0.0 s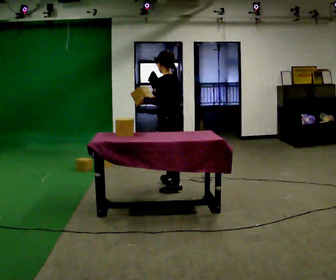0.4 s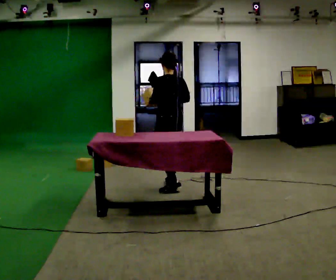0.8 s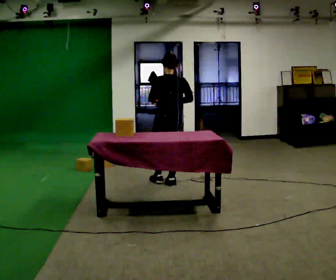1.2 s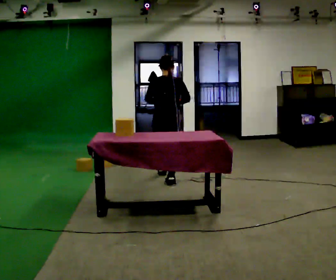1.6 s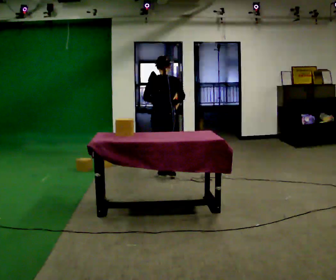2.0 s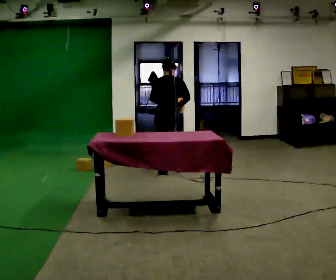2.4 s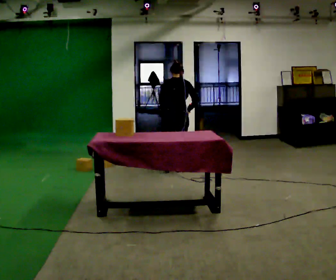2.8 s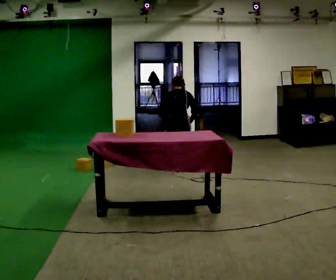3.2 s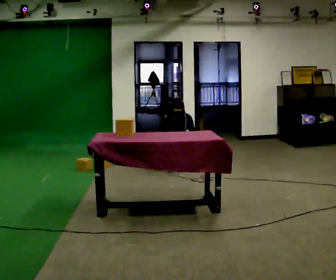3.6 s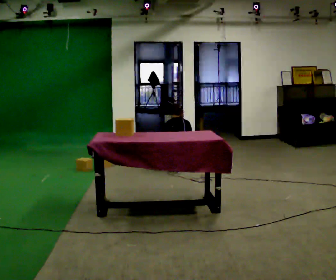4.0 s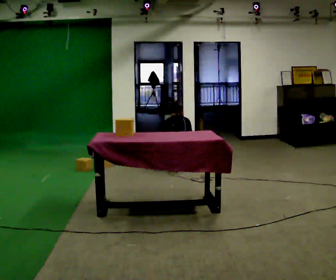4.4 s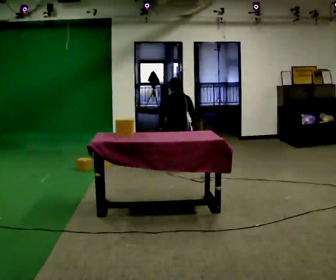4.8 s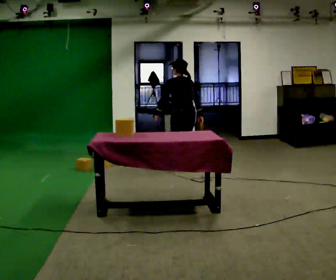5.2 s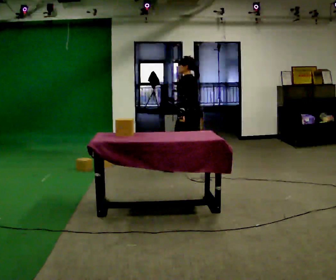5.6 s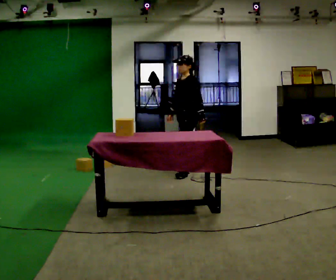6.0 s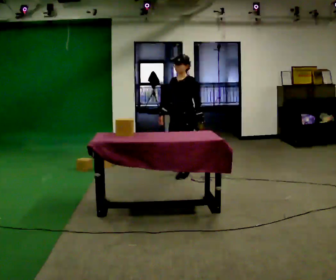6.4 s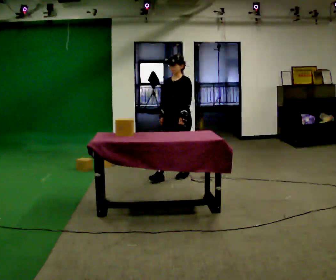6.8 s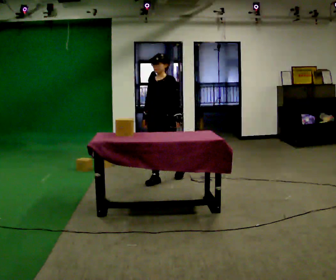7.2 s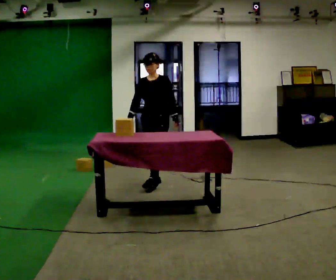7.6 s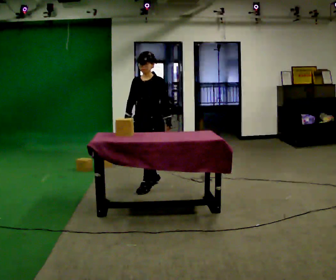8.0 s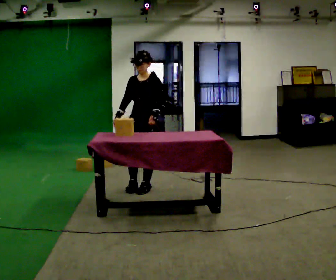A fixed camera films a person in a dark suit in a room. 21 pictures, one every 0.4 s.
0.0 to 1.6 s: The person turns about 75 degrees to their right, clockwise seen from above, so the part of the body nearest the lens slides to the left. In the picture they go away from the camera, about 0.75 m in 1 step.
1.6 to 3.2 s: In the picture they go away from the camera and to the right, about 0.25 m in 2 steps, which for them is forward and to their right. The shoulders move downward. The upper body tips away from the camera, its near side rolling upward, as they bend forward. In the picture their right hand goes downward.
3.2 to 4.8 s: Seen from above the body turns counterclockwise, about 45 degrees: to their left, with its near side sliding to the right. The shoulders move upward. The upper body tips toward the camera, its near side rolling downward, as they lean back or straighten. In the picture their left hand goes upward.
4.8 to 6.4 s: Seen from above the body turns counterclockwise, about 120 degrees: to their left, with its near side sliding to the right. In the picture they go toward the camera, about 0.5 m in 1 step. The upper body tips toward the camera, its near side rolling downward.
6.4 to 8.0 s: In the picture they go toward the camera and to the left, about 0.75 m in 2 steps, which for them is forward.
The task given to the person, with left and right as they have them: Collect three or four objects from around the room, gather them in your arms, then carry them all to the shelf together. Keep going until the operator says stop; one object at a time, and do not rush between trips.
The film runs forward here.
